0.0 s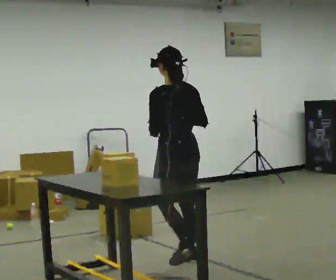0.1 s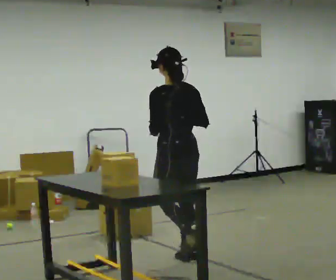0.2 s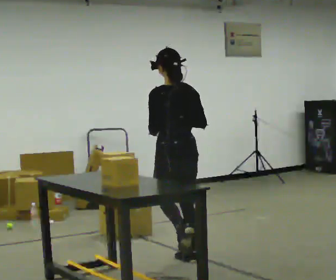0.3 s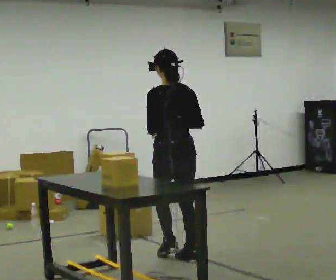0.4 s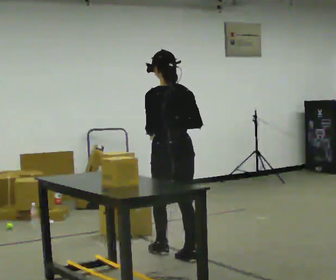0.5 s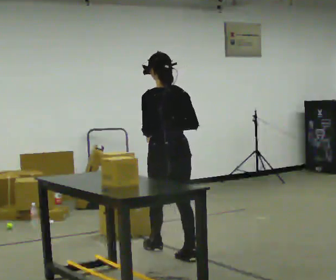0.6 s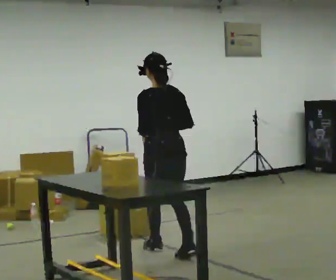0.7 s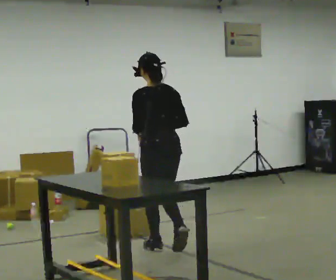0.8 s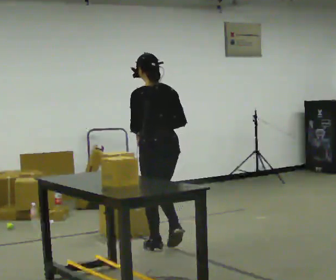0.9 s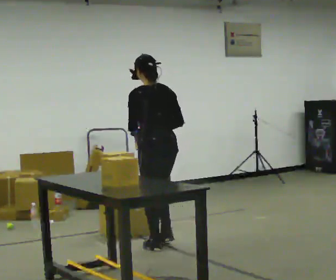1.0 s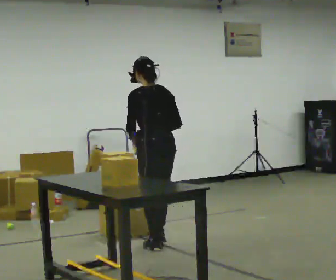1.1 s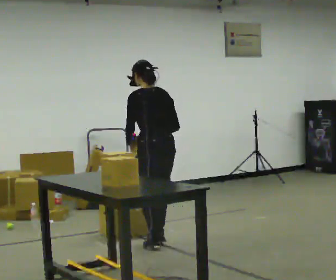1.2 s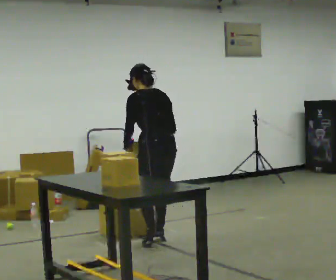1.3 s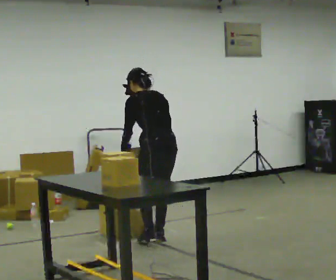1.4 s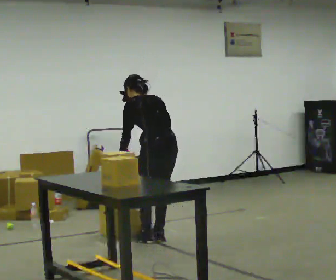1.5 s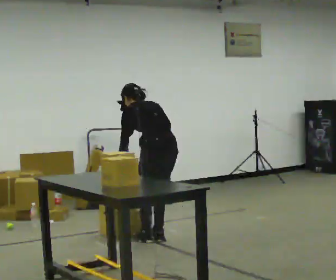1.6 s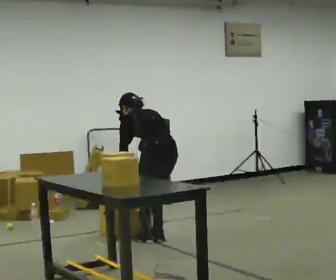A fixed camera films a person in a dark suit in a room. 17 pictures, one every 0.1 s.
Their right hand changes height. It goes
downward.
Their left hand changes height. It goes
downward.
0.0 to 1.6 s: In the picture they go away from the camera, about 0.75 m in 3 steps, which for them is forward. The upper body goes downward. The upper body tips away from the camera, its near side rolling upward, as they bend forward. In the picture their right hand goes downward.
The film runs forward here.
